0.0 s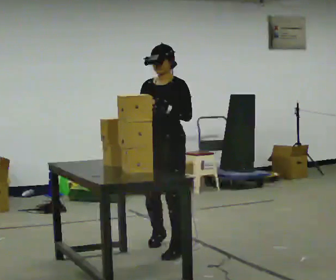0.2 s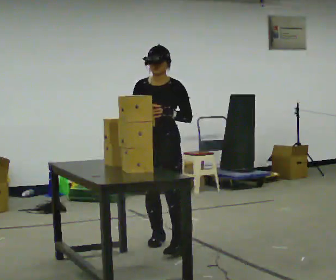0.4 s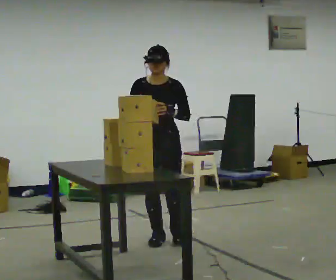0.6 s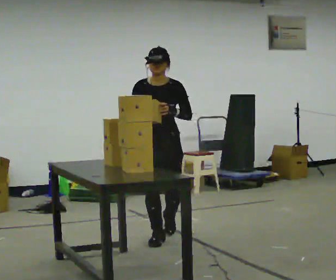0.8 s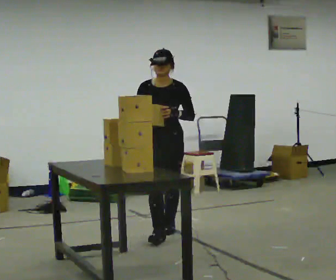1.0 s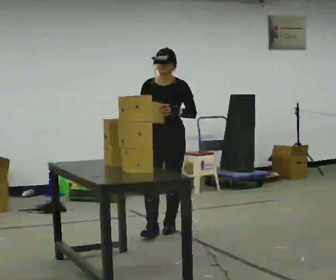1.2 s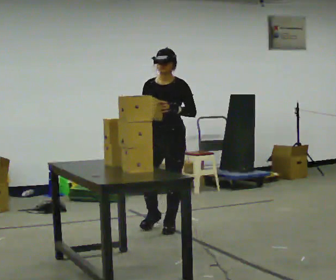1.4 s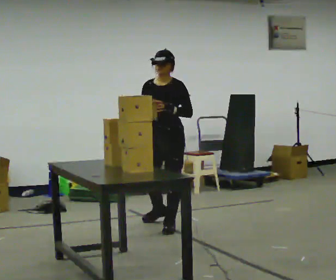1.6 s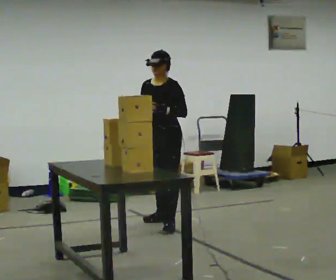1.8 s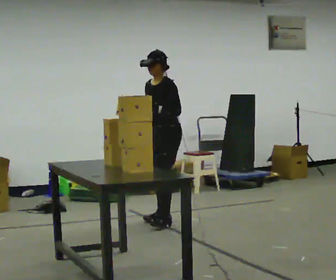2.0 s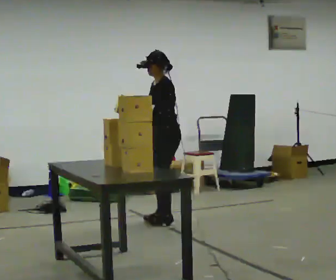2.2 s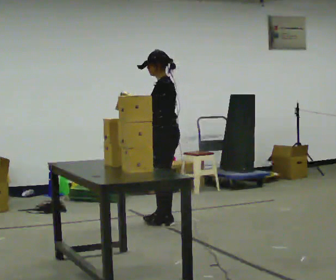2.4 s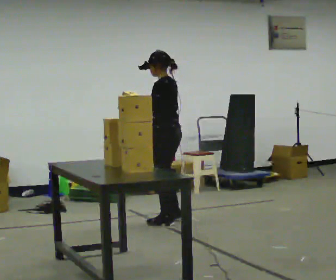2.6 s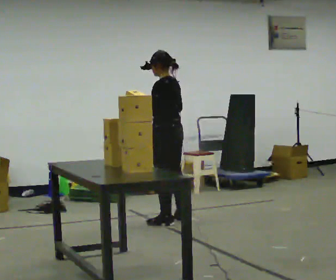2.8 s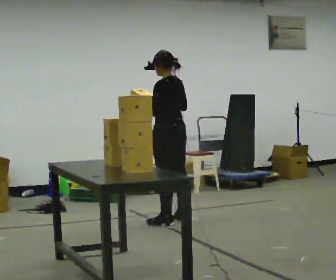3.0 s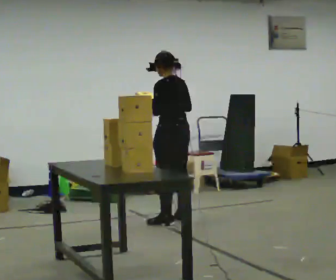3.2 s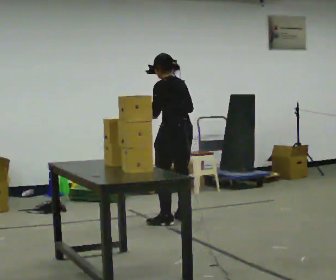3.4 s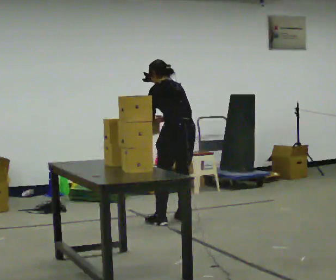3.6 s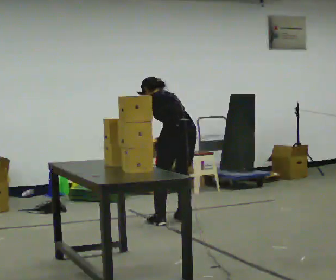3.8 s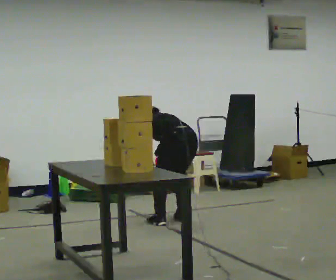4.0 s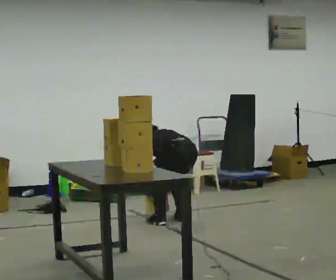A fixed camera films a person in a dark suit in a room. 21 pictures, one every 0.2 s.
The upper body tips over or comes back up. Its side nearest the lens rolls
upward.
The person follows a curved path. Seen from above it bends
clockwise.
0.0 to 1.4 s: In the picture they go away from the camera, about 1 m in 2 steps, which for them is backward.
1.4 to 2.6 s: The part of the body nearest the lens slides to the left as the person turns to their right by about 90 degrees. In the picture they go away from the camera, about 0.25 m in 2 steps.
2.6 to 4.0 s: The person turns about 30 degrees to their right, clockwise seen from above, so the part of the body nearest the lens slides to the left. The shoulders move downward. The upper body tips away from the camera, its near side rolling upward, as they bend forward. In the picture their right hand goes downward.
The film runs backward here.
